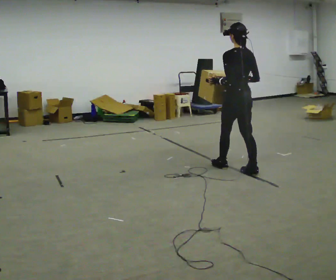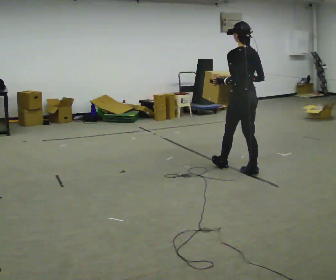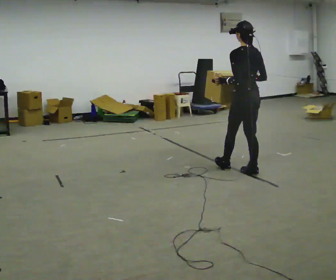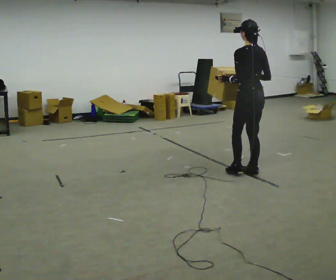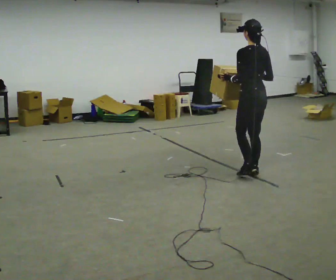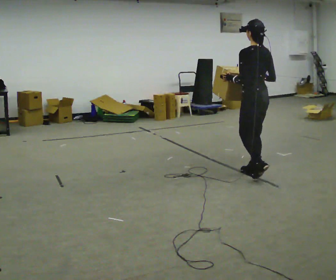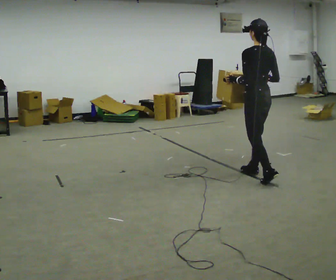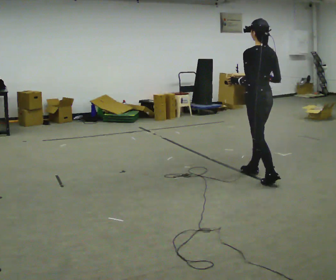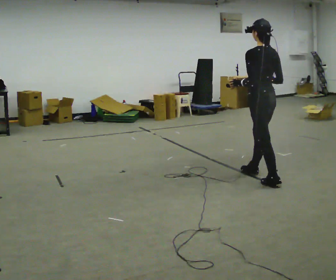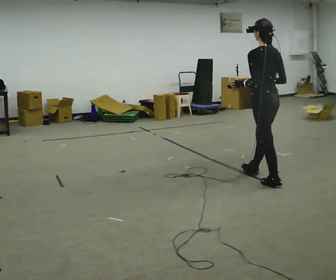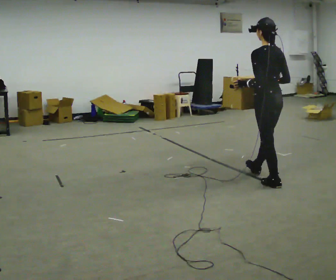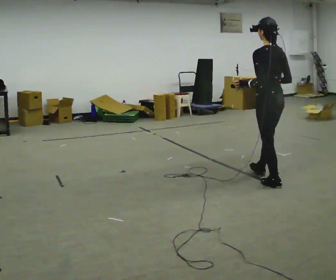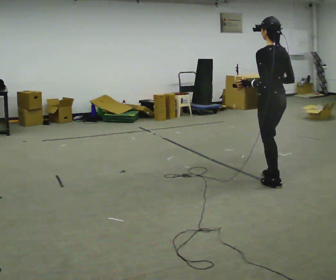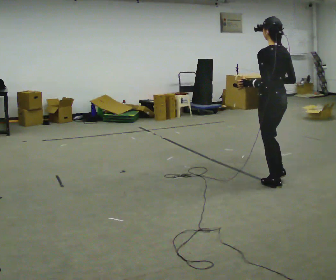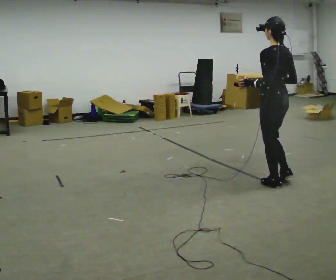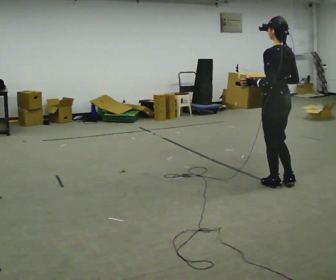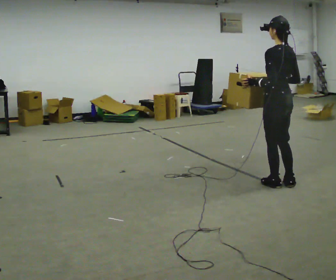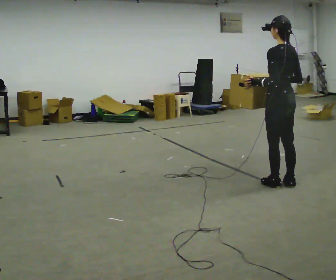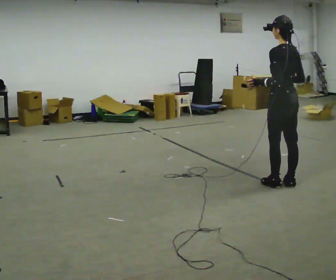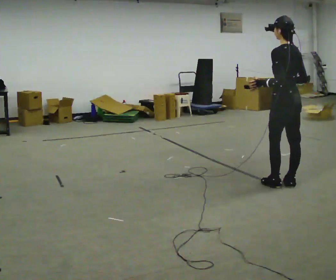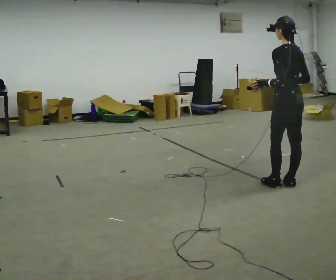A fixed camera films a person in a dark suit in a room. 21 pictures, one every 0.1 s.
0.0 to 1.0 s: In the picture they go toward the camera and to the right, about 0.5 m in 1 step, which for them is backward.
1.0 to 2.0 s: In the picture they go to the right, about 0.25 m in 1 step, which for them is backward.
The film runs backward here.
